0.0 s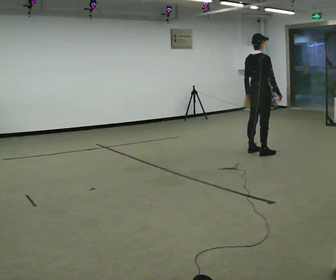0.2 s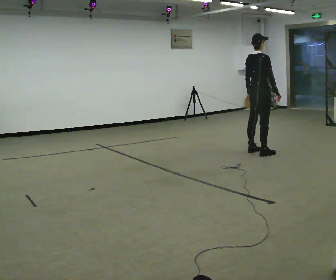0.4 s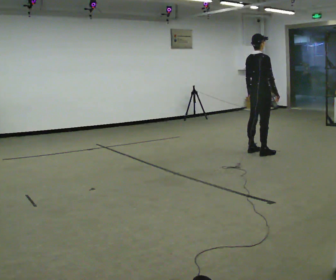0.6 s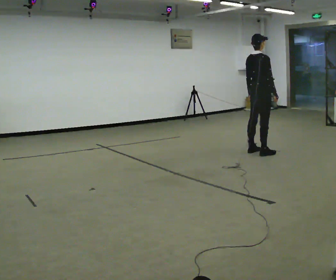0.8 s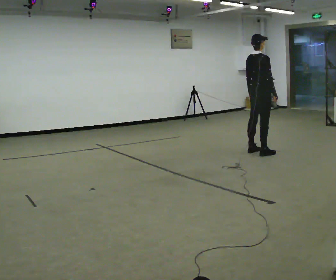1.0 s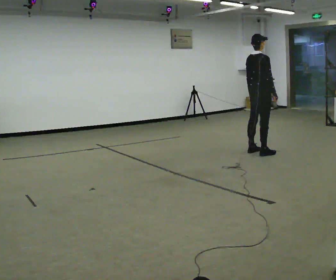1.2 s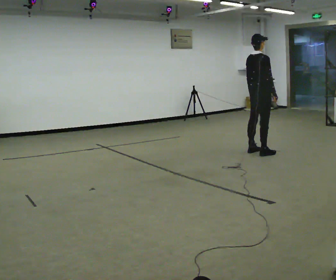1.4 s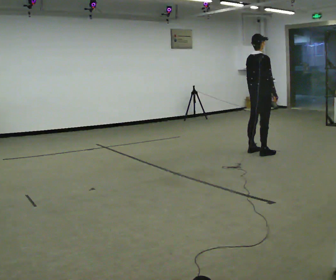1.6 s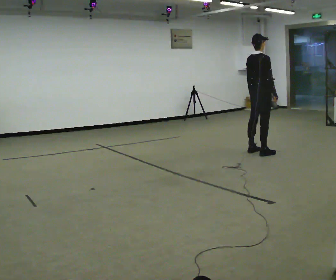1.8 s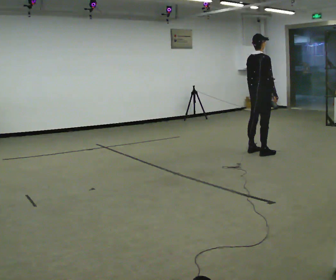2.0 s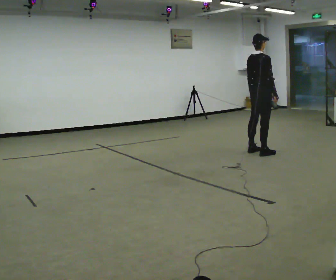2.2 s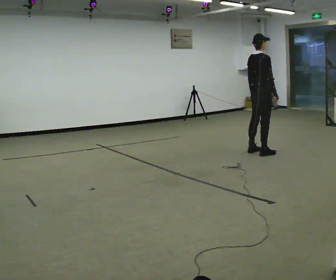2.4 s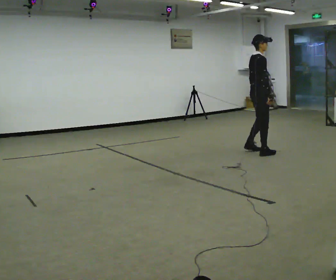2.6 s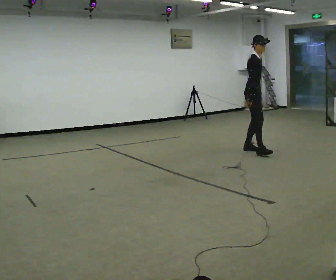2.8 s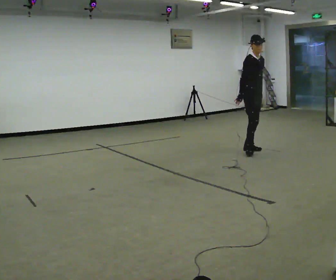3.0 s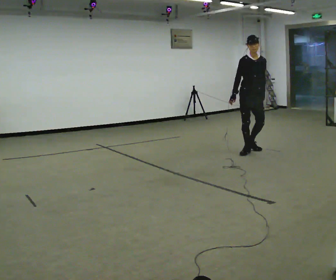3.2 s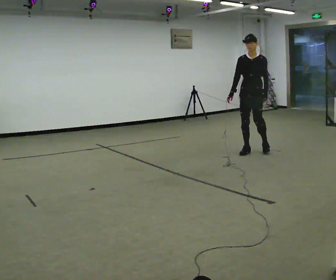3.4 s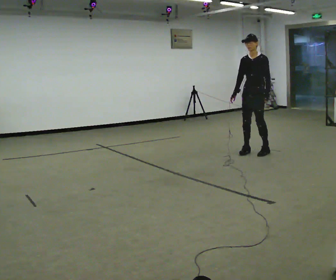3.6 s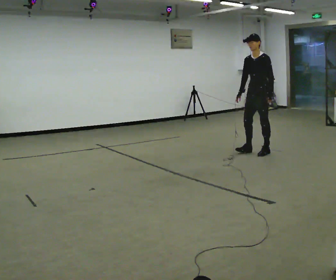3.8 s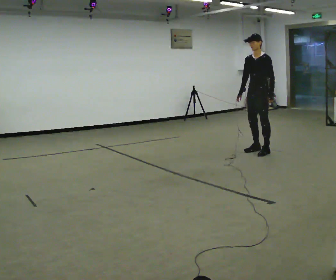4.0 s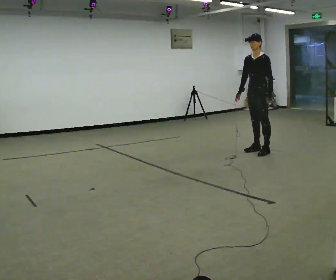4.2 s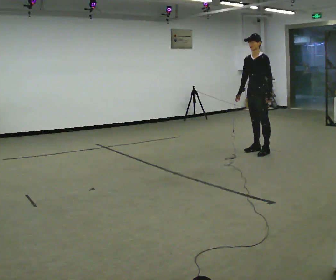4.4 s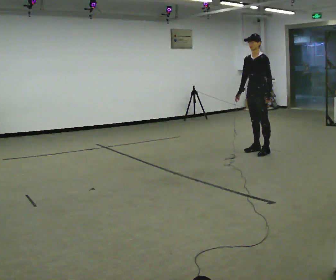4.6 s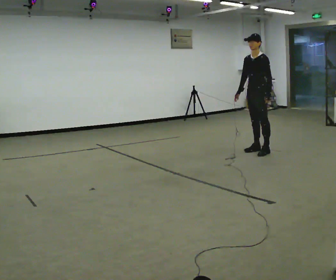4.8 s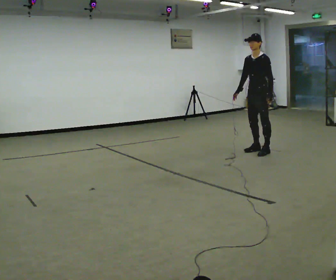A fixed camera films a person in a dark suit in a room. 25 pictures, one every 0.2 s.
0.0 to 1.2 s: The person moves a little, or ends about where they began.
1.2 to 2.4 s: Seen from above the body turns clockwise, about 30 degrees: to their right, with its near side sliding to the left.
2.4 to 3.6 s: The person turns about 135 degrees to their right, clockwise seen from above, so the part of the body nearest the lens slides to the left. In the picture their right hand goes to the left, the arm swinging clockwise.
3.6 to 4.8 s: The person moves a little, or ends about where they began.
The film runs forward here.
